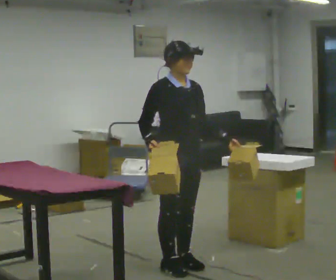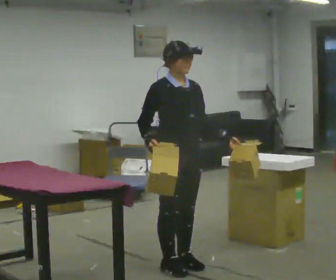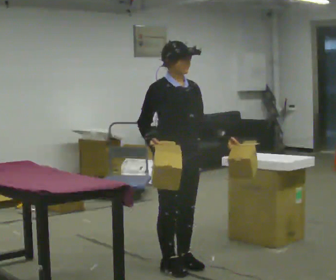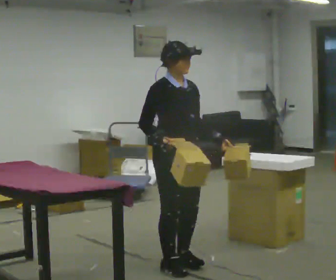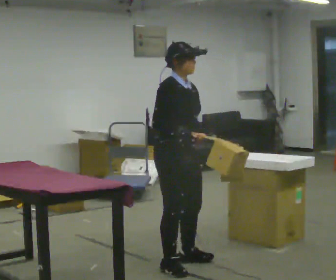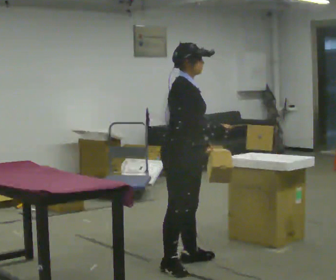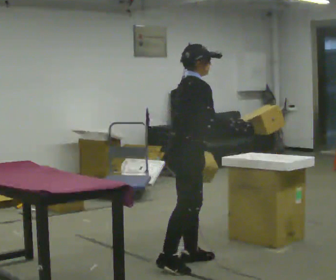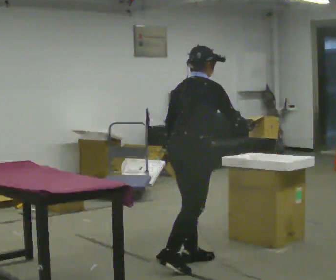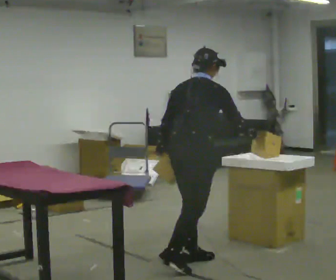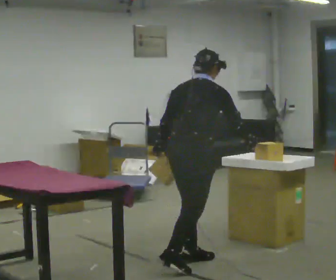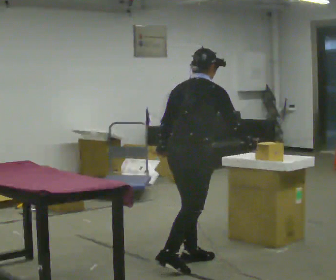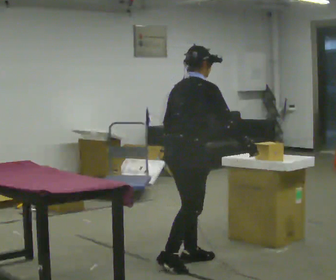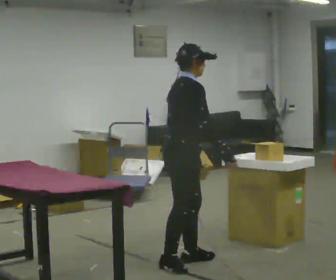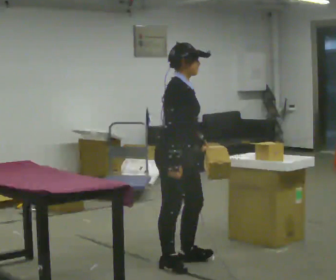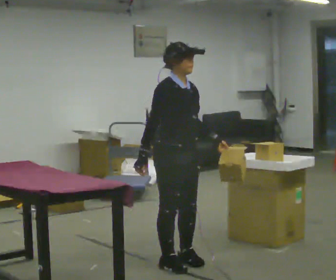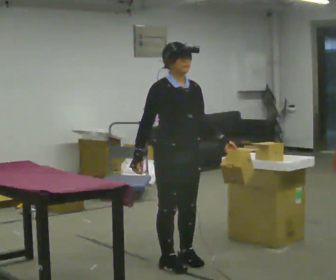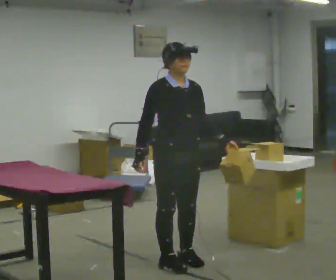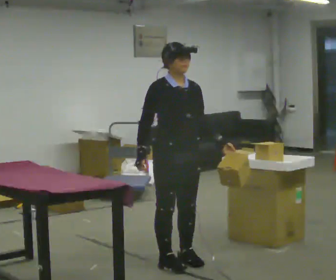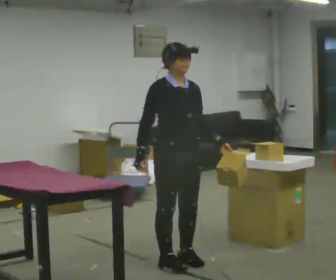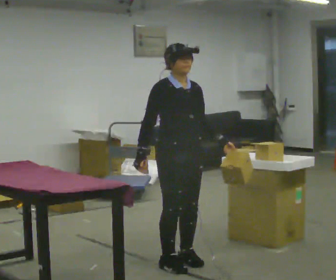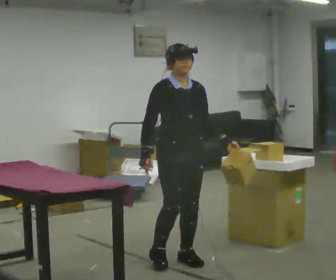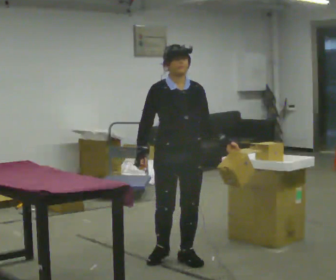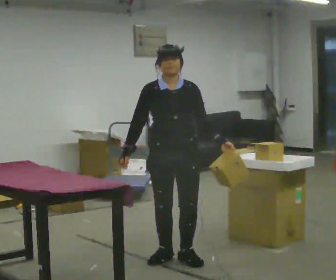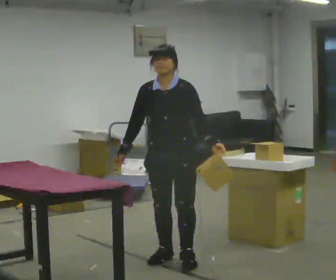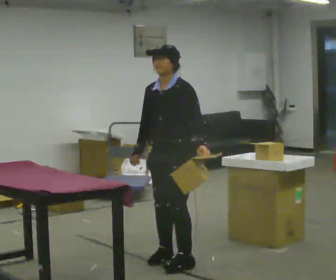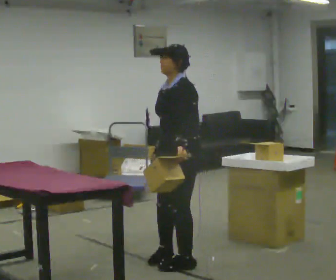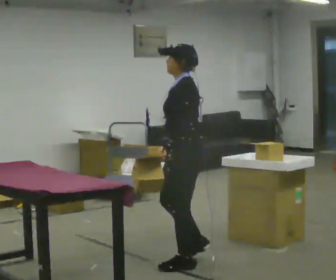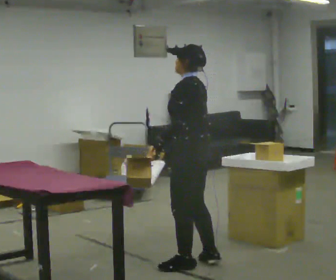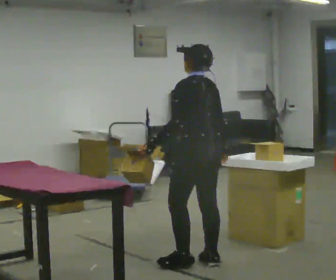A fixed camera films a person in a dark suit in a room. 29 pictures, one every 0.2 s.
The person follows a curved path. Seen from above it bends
clockwise.
0.0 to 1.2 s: Seen from above the body turns counterclockwise, about 60 degrees: to their left, with its near side sliding to the right. In the picture they go away from the camera, about 0.25 m, which for them is to their left. In the picture their right hand goes to the right.
1.2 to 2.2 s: The person moves a little, or ends about where they began.
2.2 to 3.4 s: The part of the body nearest the lens slides to the left as the person turns to their right by about 90 degrees. In the picture their right hand goes to the left, the arm swinging clockwise.
3.4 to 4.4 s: The person turns about 30 degrees to their right, clockwise seen from above, so the part of the body nearest the lens slides to the left.
4.4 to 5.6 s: The part of the body nearest the lens slides to the left as the person turns to their right by about 135 degrees. In the picture they go to the right, about 0.25 m in 1 step. In the picture their left hand goes to the left, the arm swinging clockwise.
The film runs backward here.
